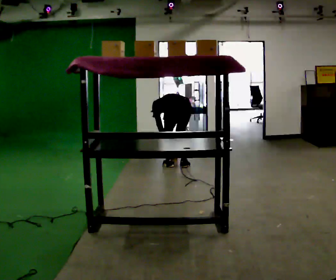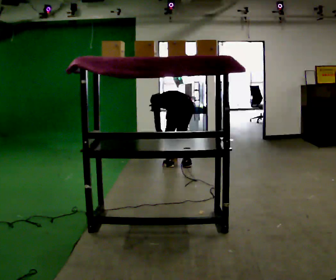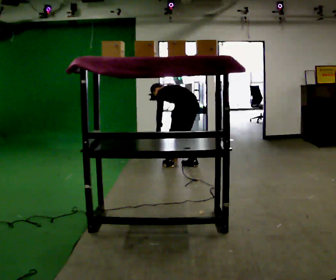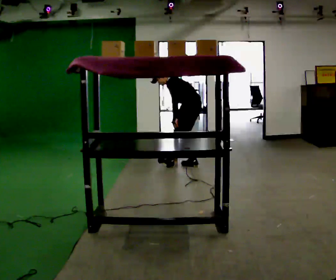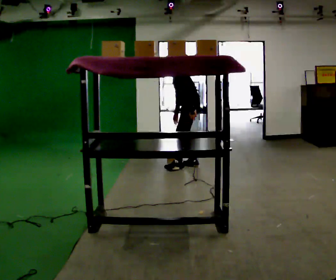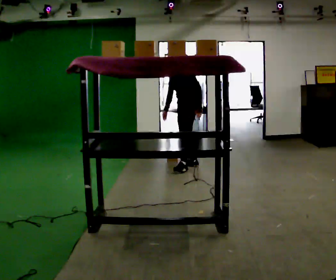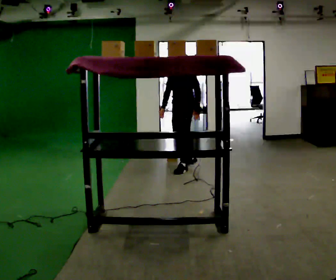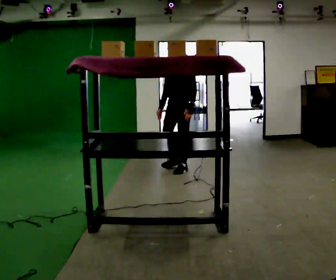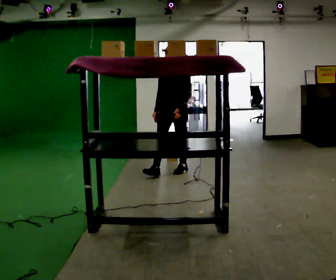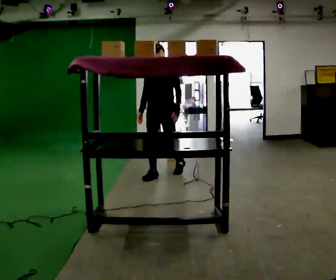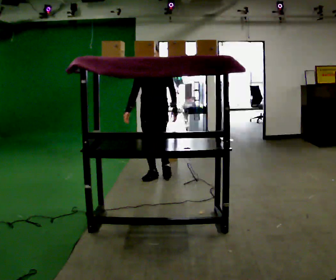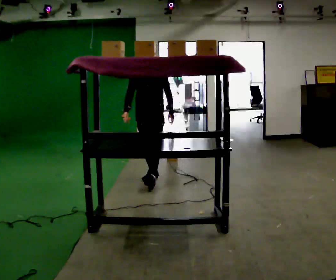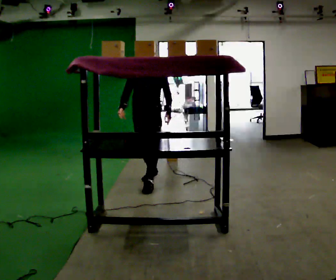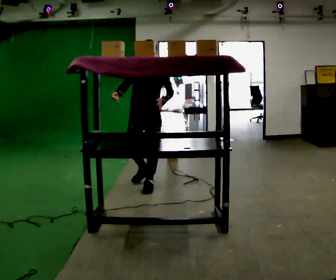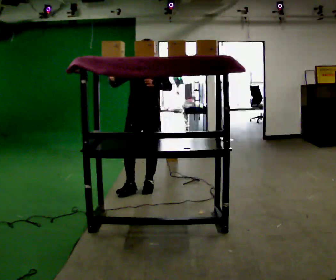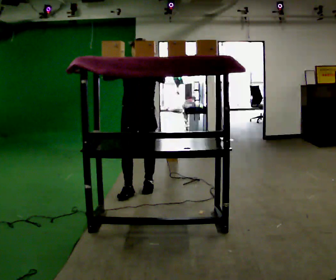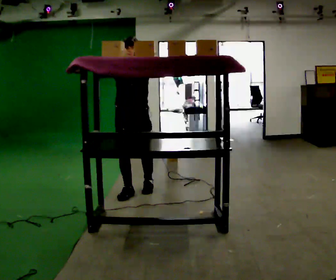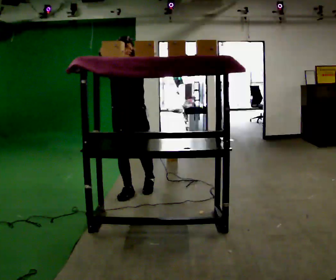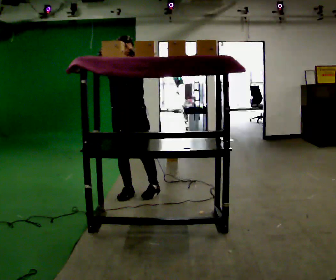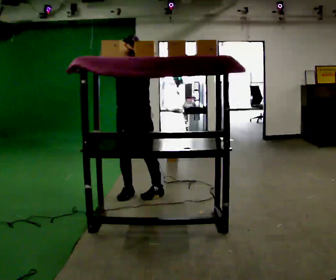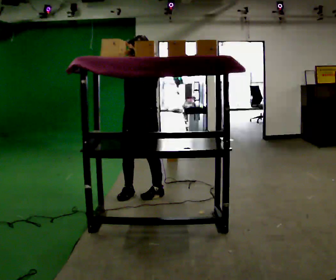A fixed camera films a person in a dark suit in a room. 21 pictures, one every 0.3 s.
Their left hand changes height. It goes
upward.
The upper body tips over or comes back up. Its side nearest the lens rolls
downward.
0.0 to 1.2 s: Seen from above the body turns counterclockwise, about 75 degrees: to their left, with its near side sliding to the right. In the picture they go to the right, about 0.25 m in 1 step. The shoulders move upward. The upper body tips toward the camera, its near side rolling downward, as they lean back or straighten. In the picture their left hand goes upward and to the right.
1.2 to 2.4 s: The part of the body nearest the lens slides to the right as the person turns to their left by about 60 degrees. In the picture they go toward the camera and to the left, about 0.5 m in 1 step, which for them is forward. In the picture the upper body tilts clockwise, shoulders to the right, as they lean back or straighten.
2.4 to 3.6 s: In the picture they go toward the camera and to the left, about 0.75 m in 2 steps, which for them is forward.
3.6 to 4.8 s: In the picture they go toward the camera and to the left, about 0.5 m in 1 step, which for them is forward. In the picture their right hand goes upward.
4.8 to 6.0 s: The person moves a little, or ends about where they began.
The film runs forward here.
